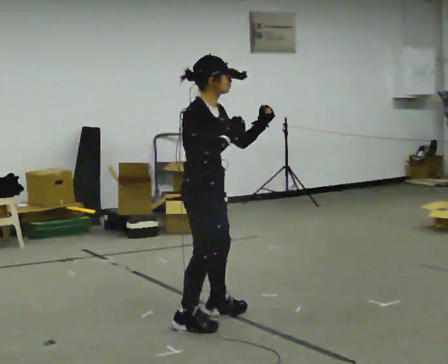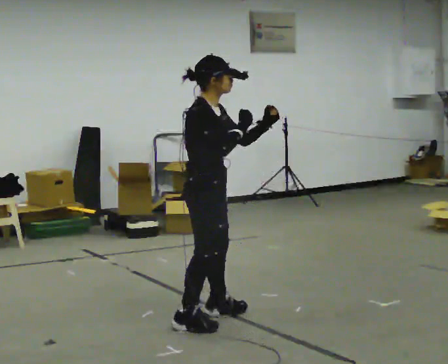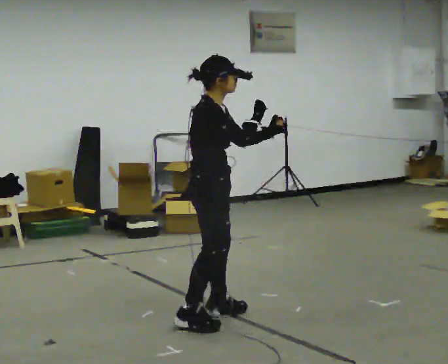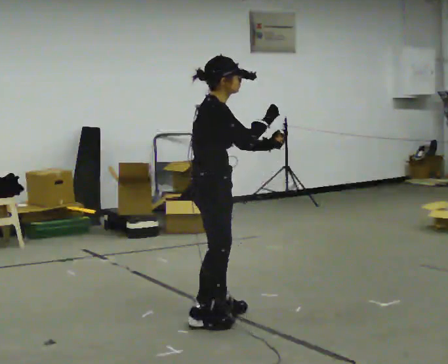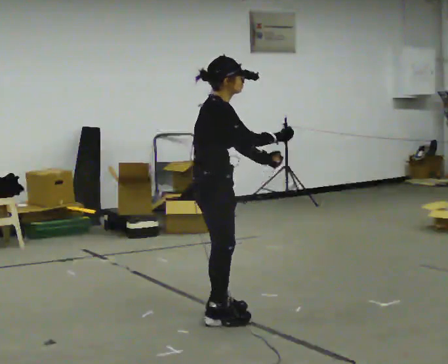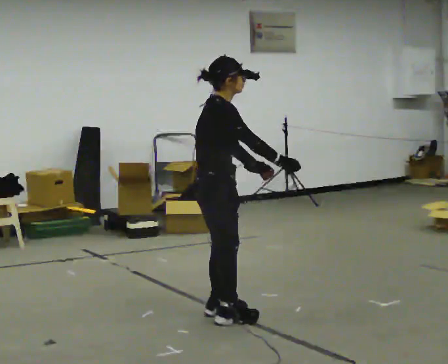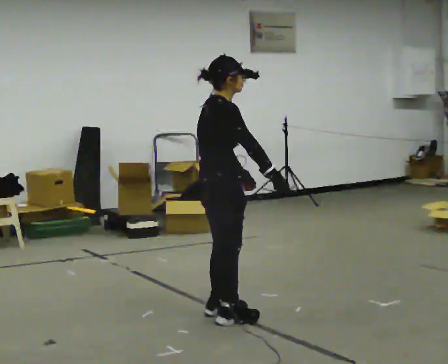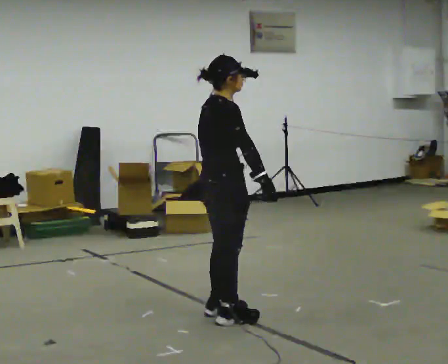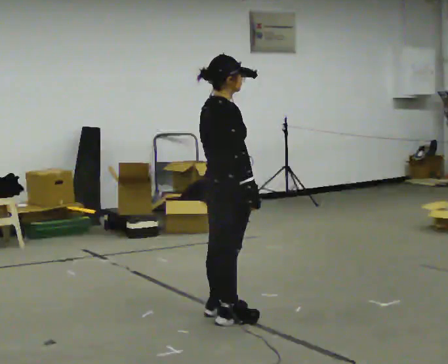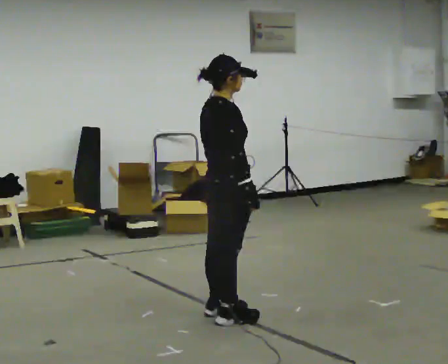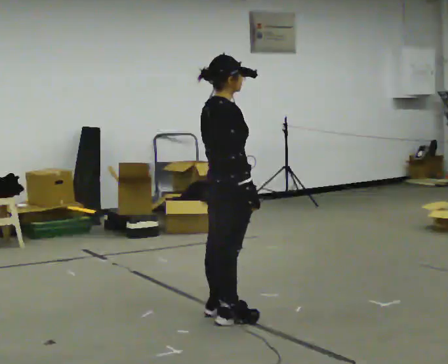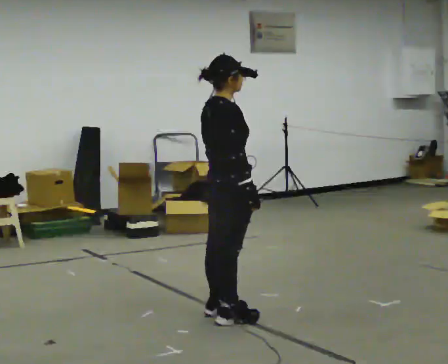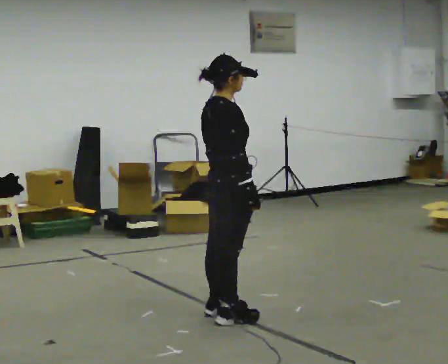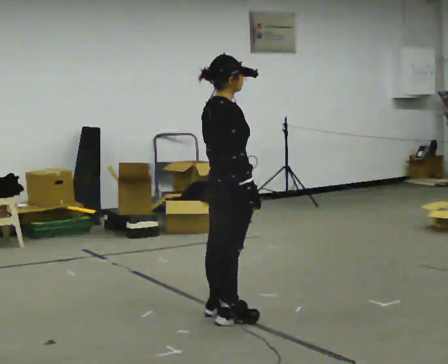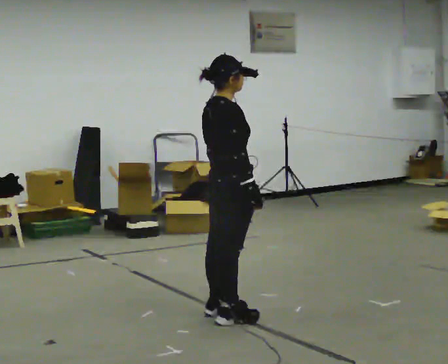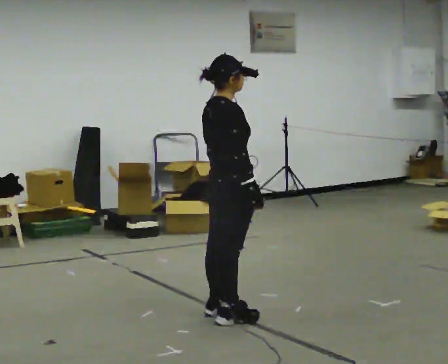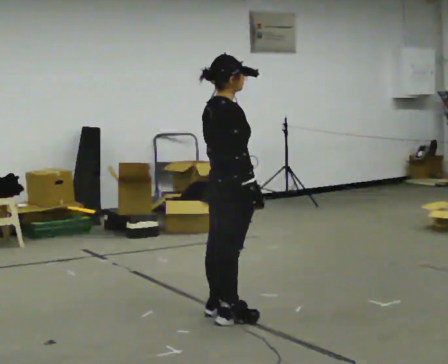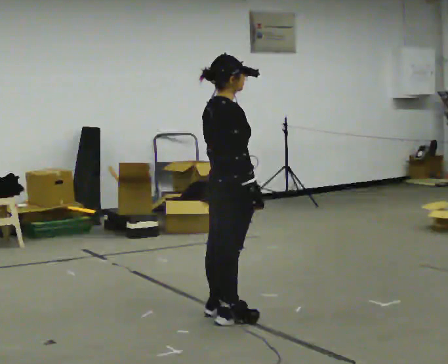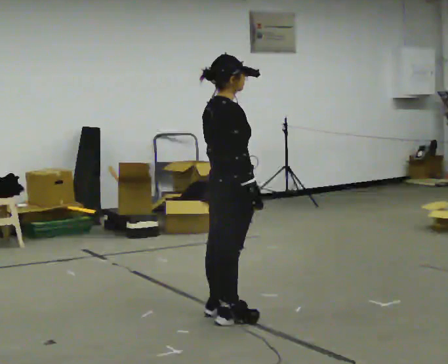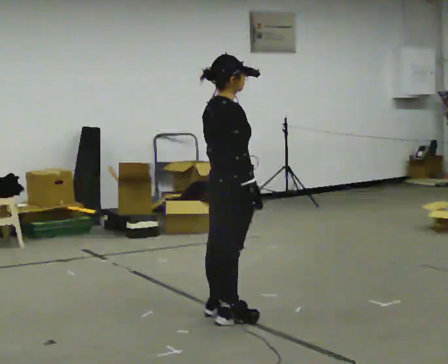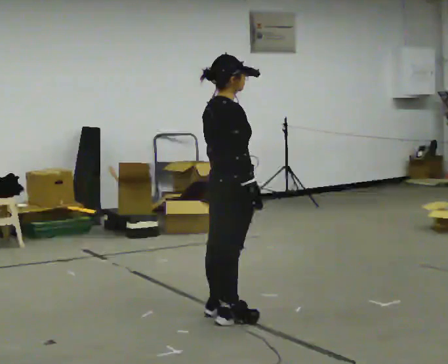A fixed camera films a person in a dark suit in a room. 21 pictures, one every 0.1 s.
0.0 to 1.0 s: The person turns about 45 degrees to their left, counterclockwise seen from above, so the part of the body nearest the lens slides to the right. In the picture their left hand goes downward, the arm swinging clockwise.
1.0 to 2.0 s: The person keeps their place and pose.
The film runs backward here.
